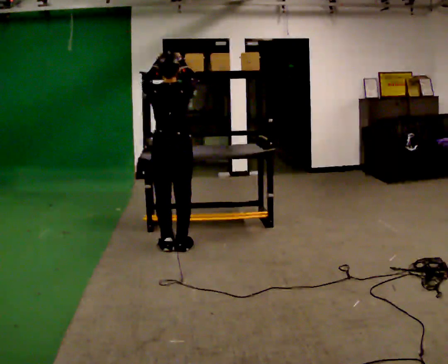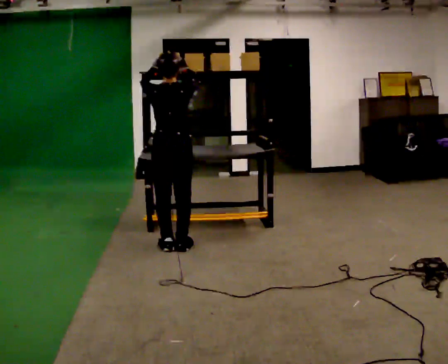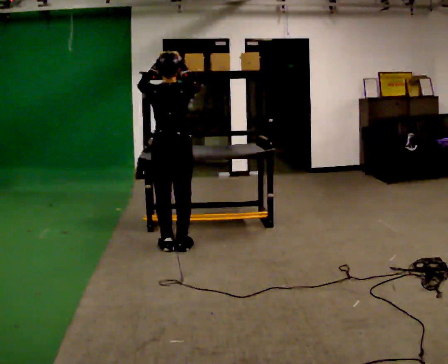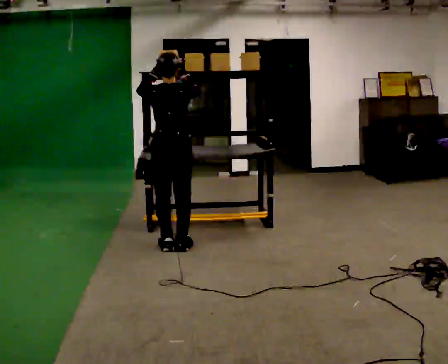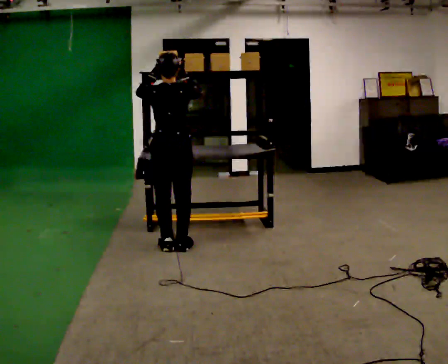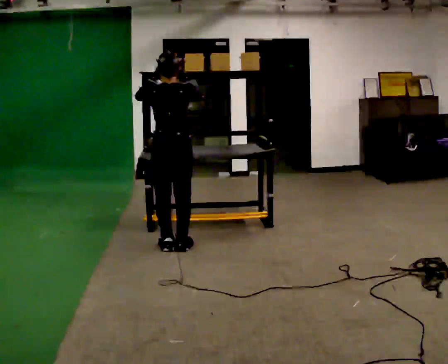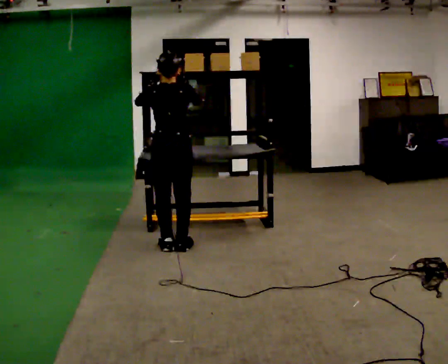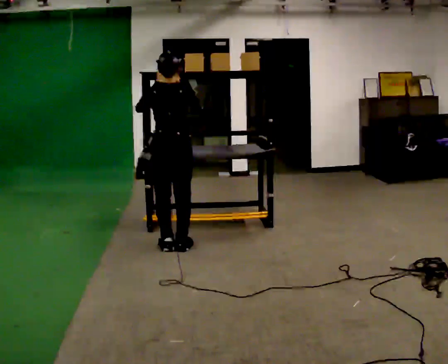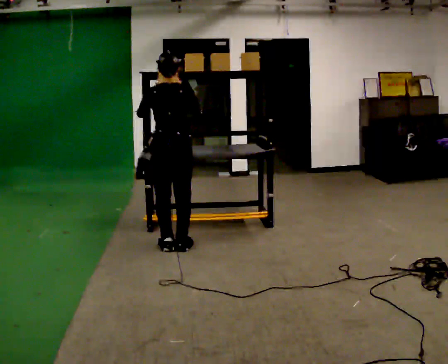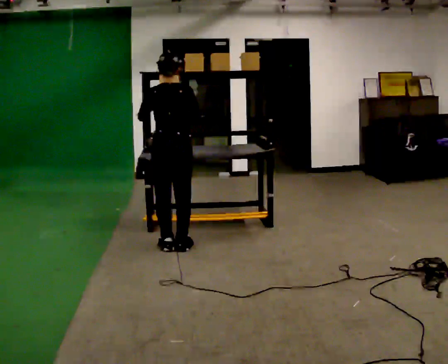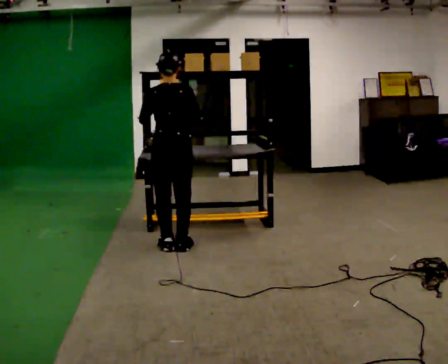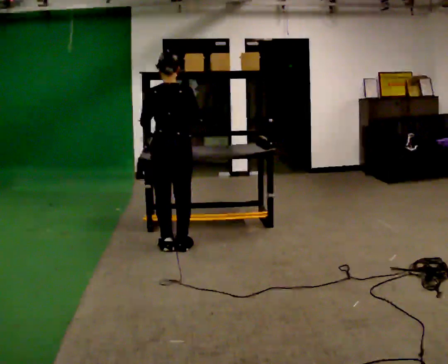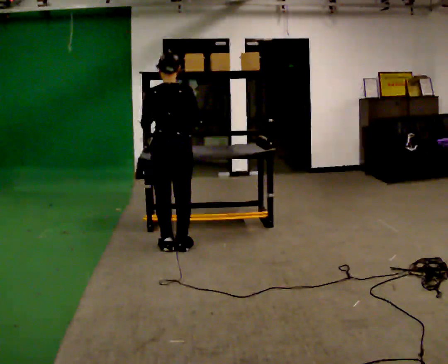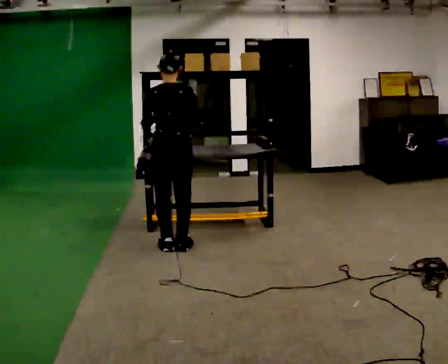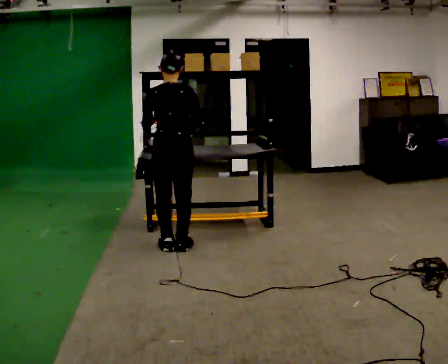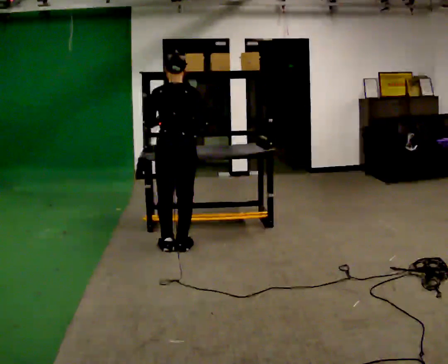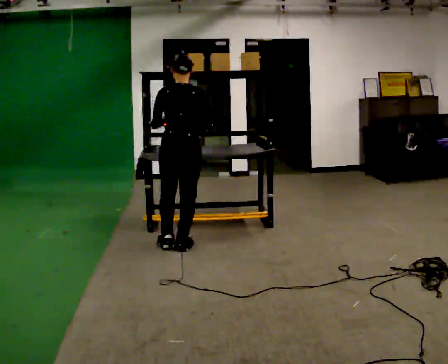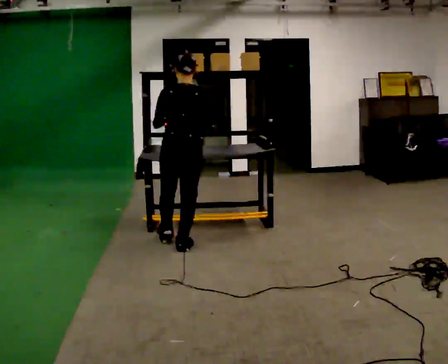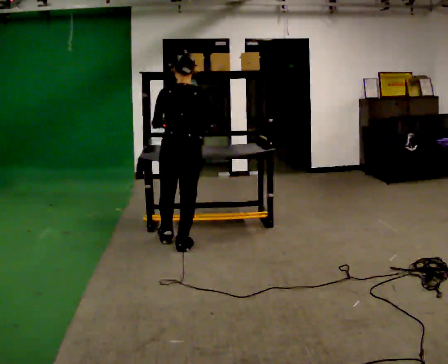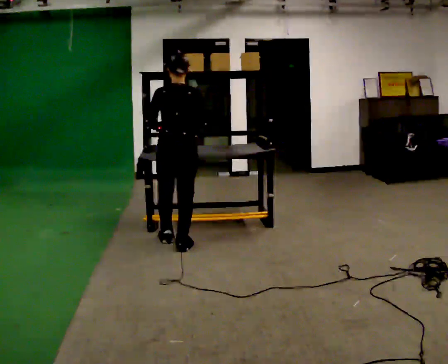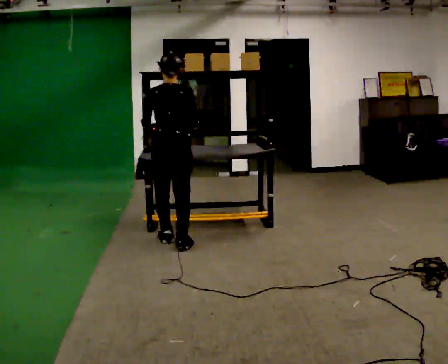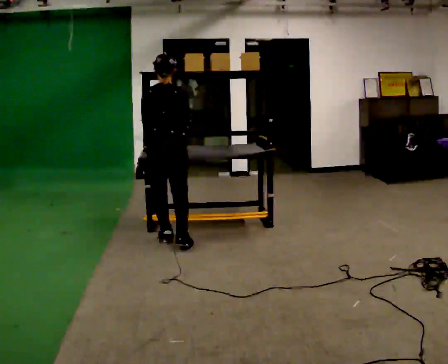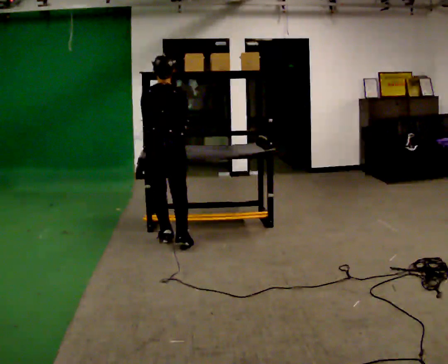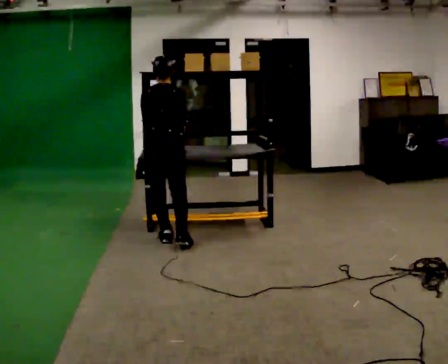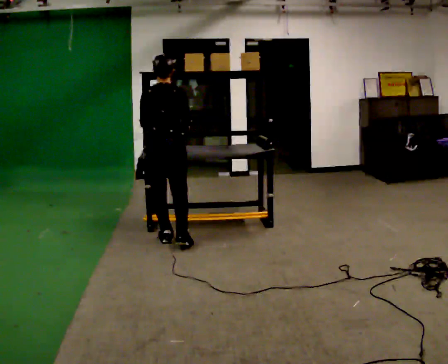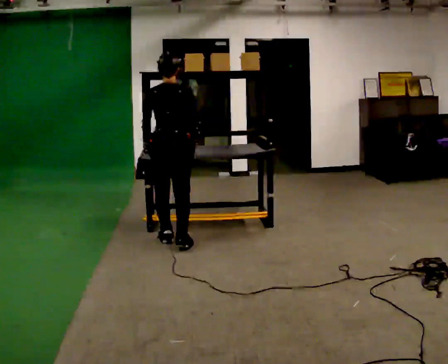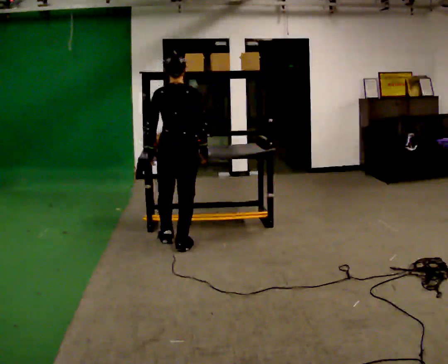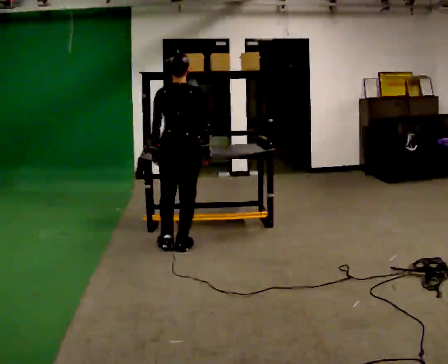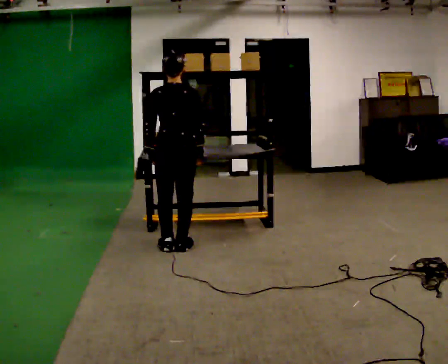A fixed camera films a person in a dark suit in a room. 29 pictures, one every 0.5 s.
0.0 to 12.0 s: In the picture they go away from the camera, about 0.25 m in 1 step, which for them is forward. In the picture their right hand goes downward.
12.0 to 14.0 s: In the picture they go toward the camera, about 0.25 m in 1 step, which for them is backward.
The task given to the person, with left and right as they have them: Take an object down from the highest shelf you can comfortably reach, carry it across, and place it on the waist-height shelf. Keep going until the operator says stop; one object at a time, and do not rush between trips.
The film runs forward here.
